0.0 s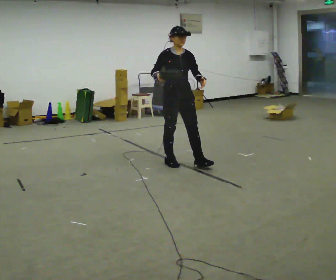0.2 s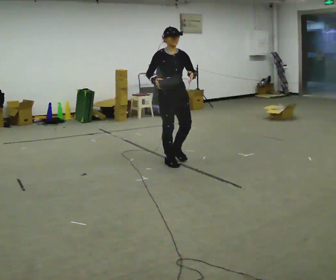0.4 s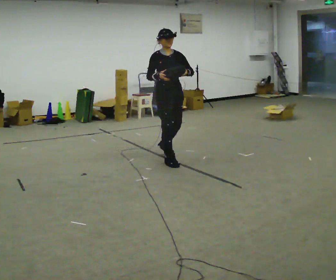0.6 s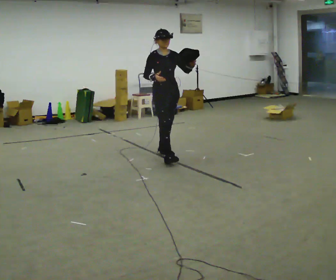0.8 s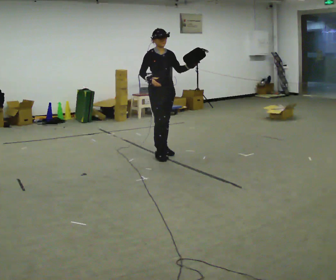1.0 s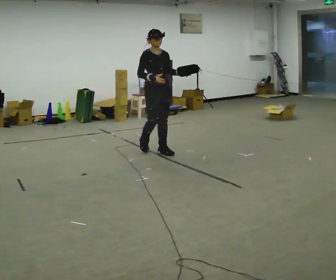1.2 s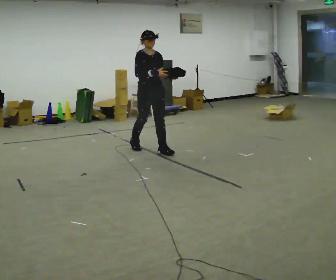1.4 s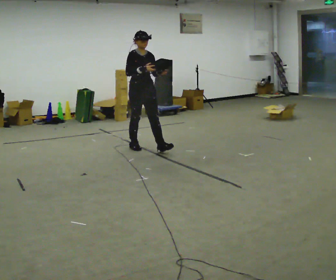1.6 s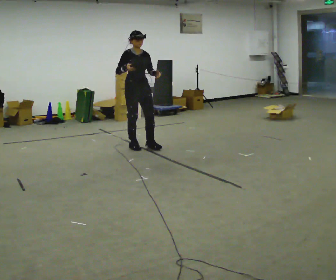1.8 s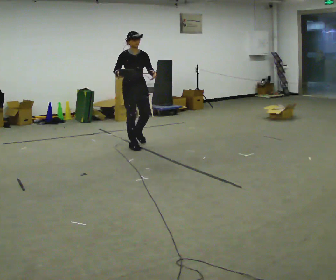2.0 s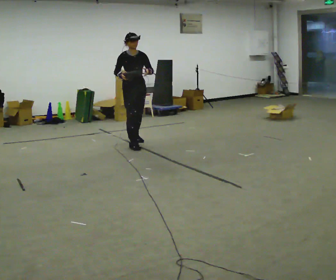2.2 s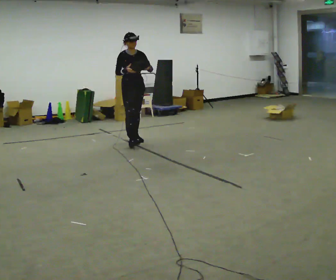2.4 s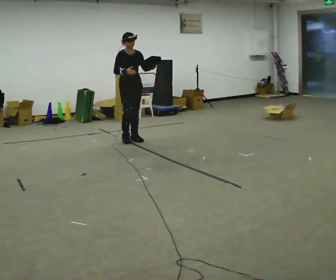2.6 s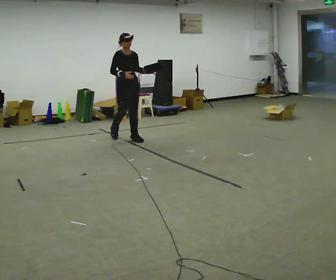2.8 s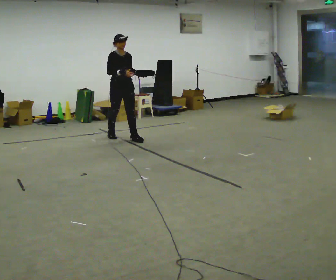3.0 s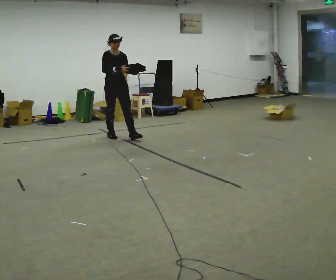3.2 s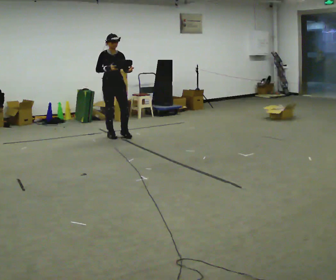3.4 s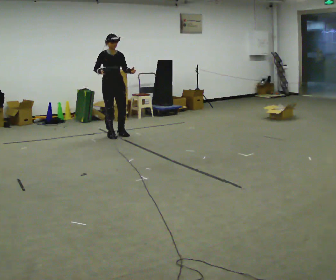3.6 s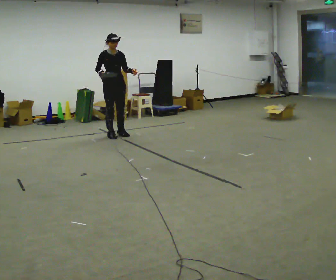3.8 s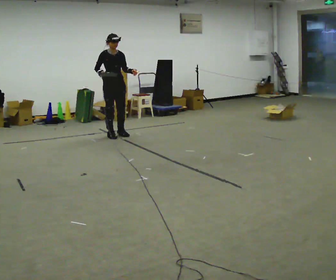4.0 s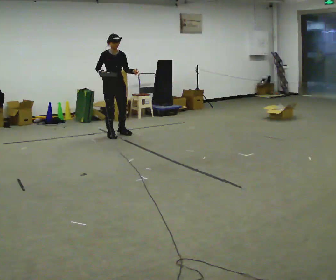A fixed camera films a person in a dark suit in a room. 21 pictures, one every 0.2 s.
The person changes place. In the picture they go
away from the camera.
0.0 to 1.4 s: In the picture they go away from the camera and to the left, about 1 m in 1 step, which for them is backward.
1.4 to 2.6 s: In the picture they go away from the camera and to the left, about 0.75 m in 2 steps, which for them is backward.
2.6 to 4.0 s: In the picture they go away from the camera and to the left, about 0.5 m in 1 step, which for them is backward.
The film runs backward here.
